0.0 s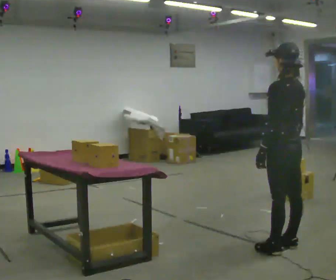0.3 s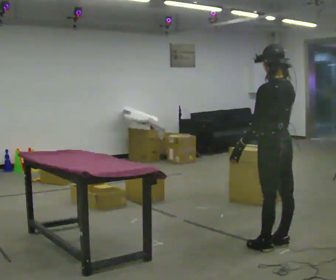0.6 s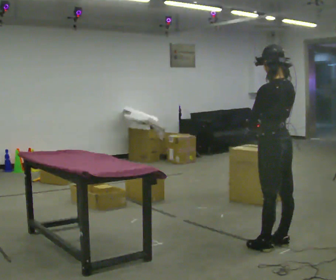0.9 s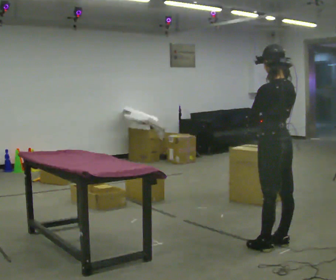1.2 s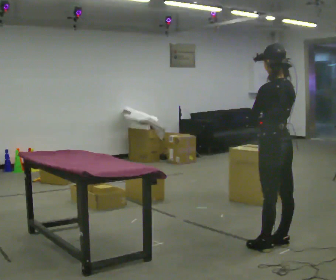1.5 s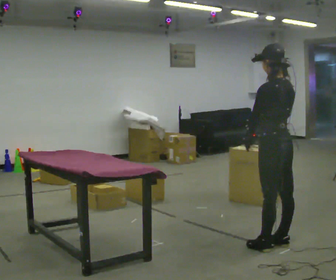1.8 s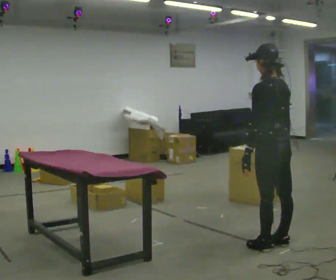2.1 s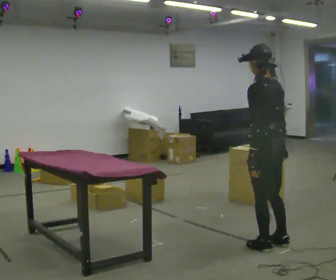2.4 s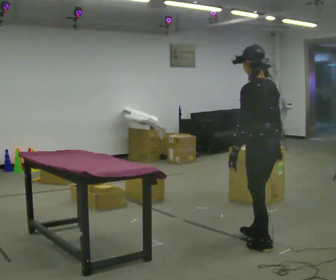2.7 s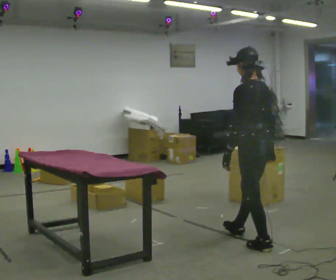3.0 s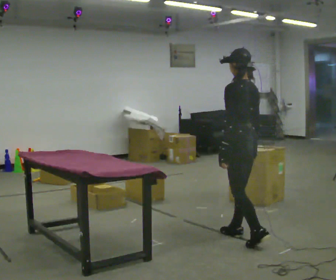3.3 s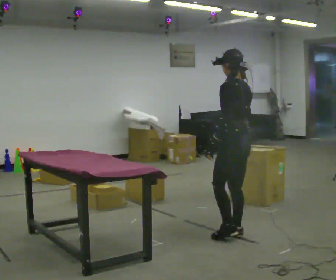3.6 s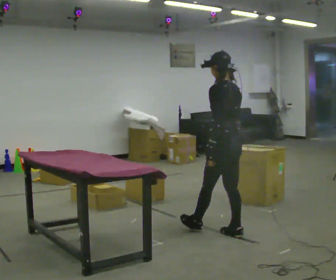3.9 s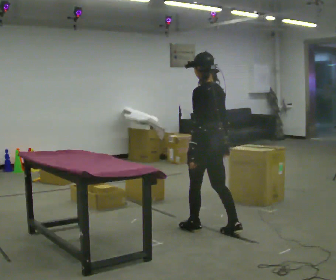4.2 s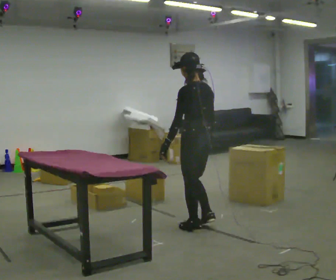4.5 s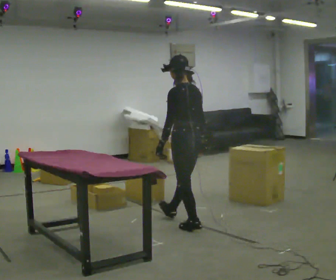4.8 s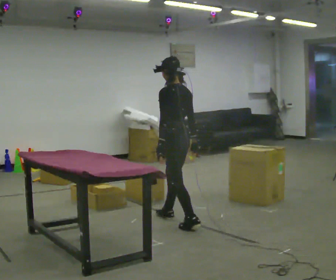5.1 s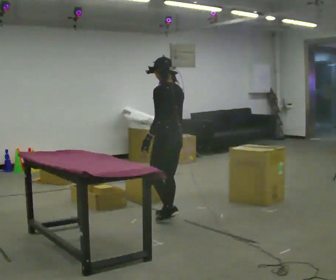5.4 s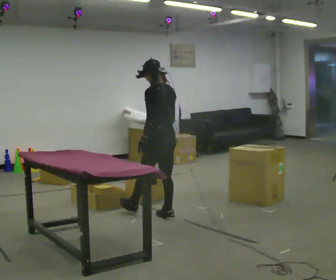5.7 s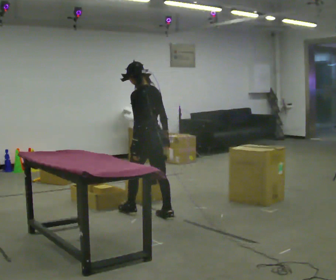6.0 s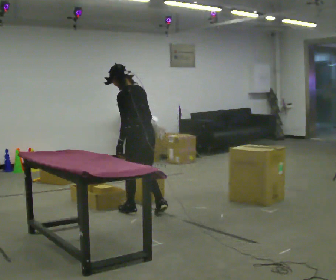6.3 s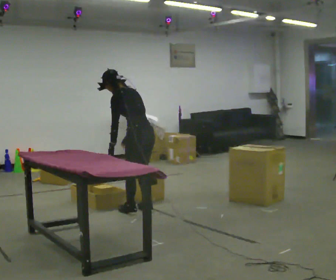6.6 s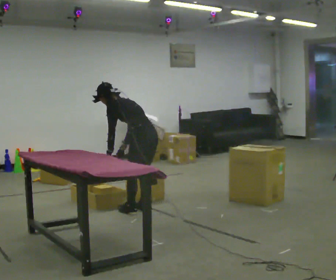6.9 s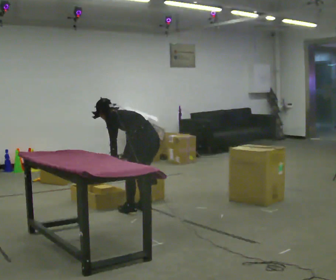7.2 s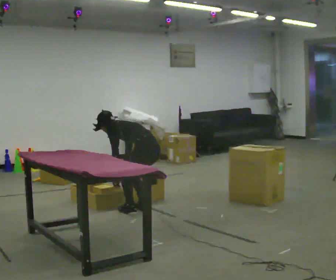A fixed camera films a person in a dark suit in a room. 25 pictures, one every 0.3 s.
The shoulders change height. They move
downward.
0.0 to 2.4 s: In the picture they go to the left, about 0.25 m, which for them is forward.
2.4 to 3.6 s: In the picture they go away from the camera and to the left, about 0.5 m in 2 steps, which for them is forward.
3.6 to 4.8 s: In the picture they go to the left and away from the camera, about 0.5 m in 1 step, which for them is forward.
4.8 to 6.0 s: In the picture they go to the left and away from the camera, about 0.5 m in 1 step, which for them is forward.
6.0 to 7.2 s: The shoulders move downward. In the picture the upper body tilts counterclockwise, shoulders to the left, as they bend forward. In the picture their right hand goes downward and to the left.
The film runs forward here.
